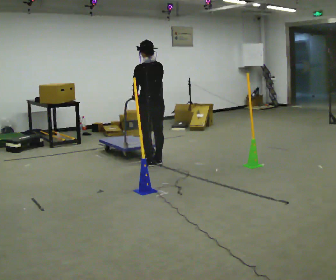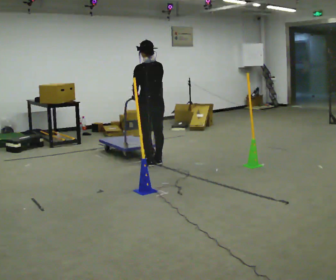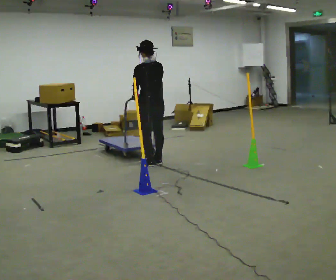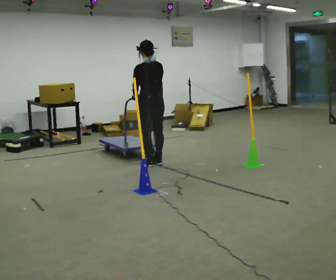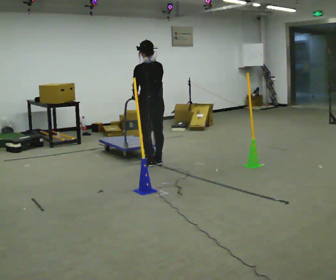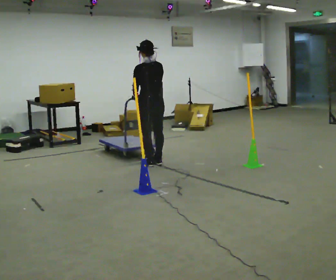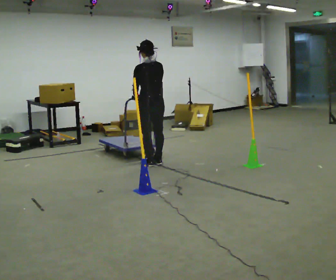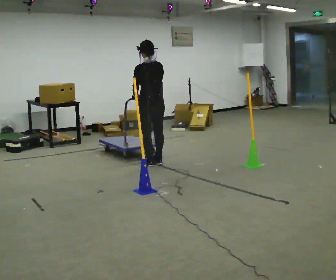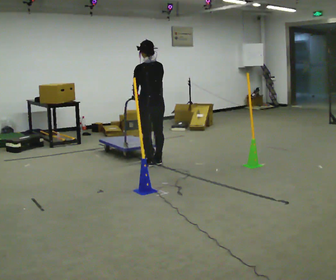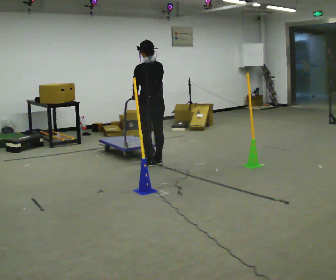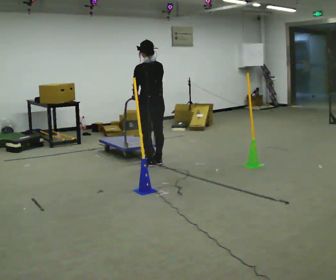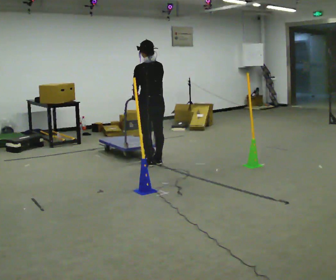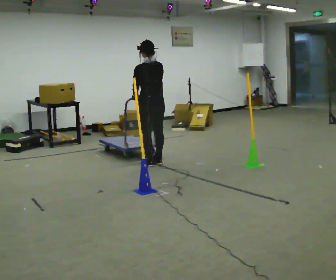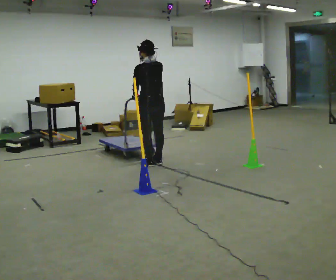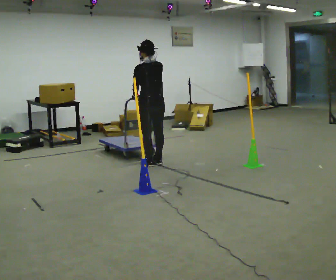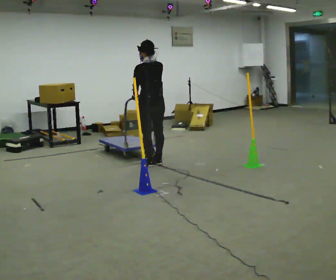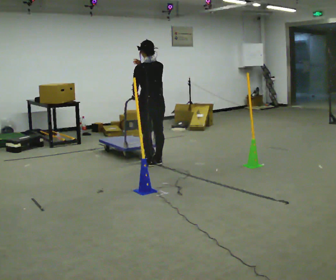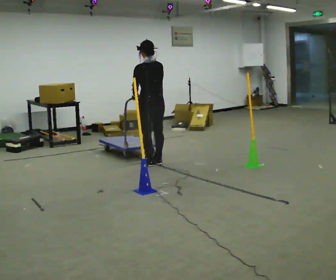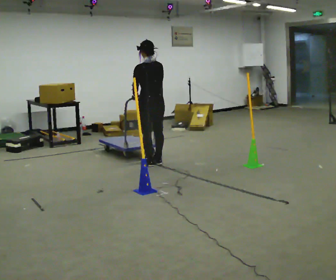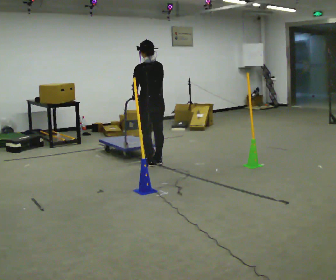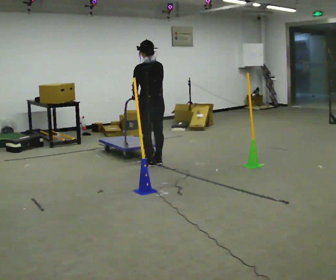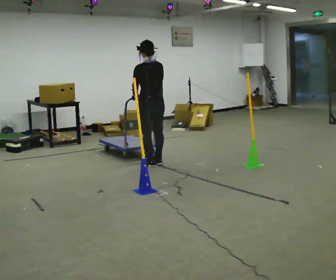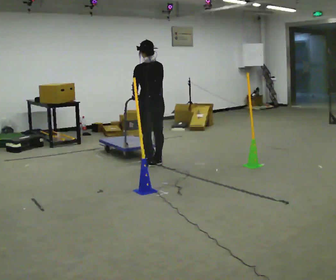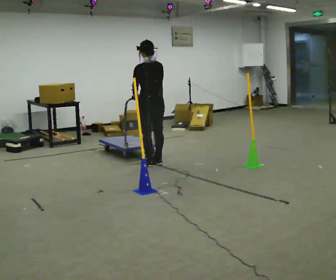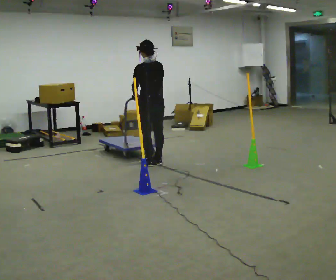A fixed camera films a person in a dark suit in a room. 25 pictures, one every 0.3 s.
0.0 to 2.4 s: The person keeps their place and pose.
2.4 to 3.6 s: The person moves a little, or ends about where they began.
3.6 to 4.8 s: In the picture their right hand goes upward.
4.8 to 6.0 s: In the picture their right hand goes downward.
6.0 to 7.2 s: The person keeps their place and pose.
The film runs backward here.
